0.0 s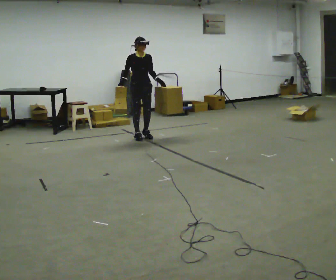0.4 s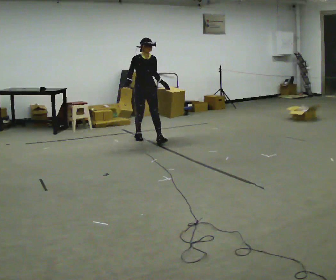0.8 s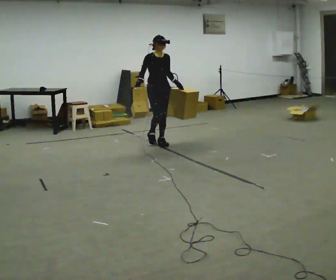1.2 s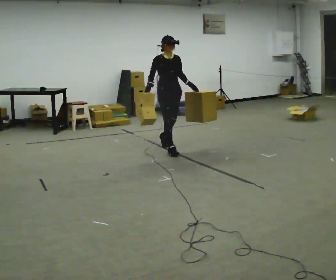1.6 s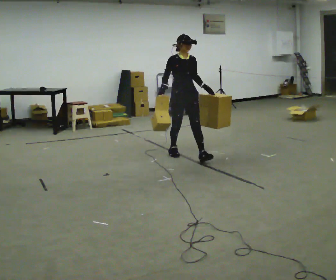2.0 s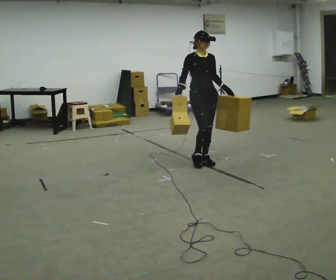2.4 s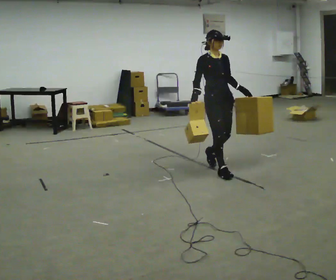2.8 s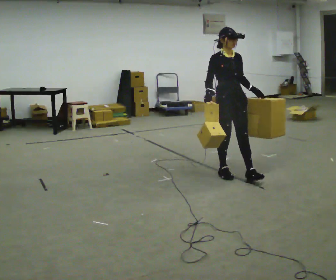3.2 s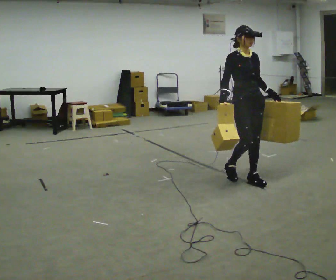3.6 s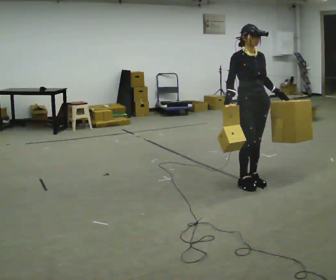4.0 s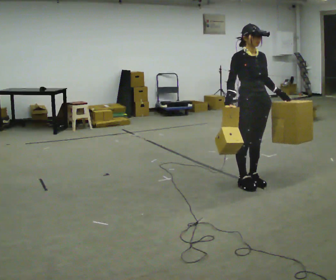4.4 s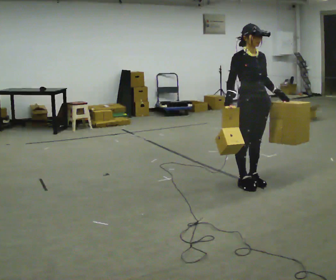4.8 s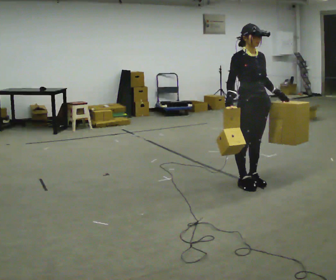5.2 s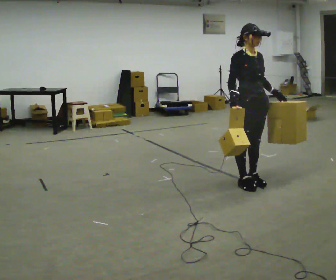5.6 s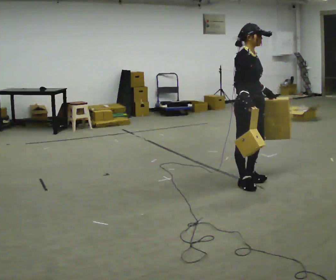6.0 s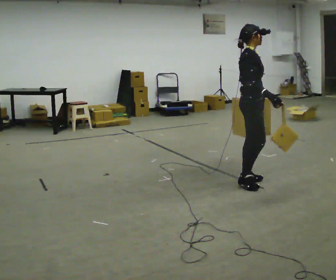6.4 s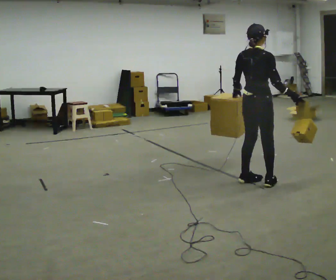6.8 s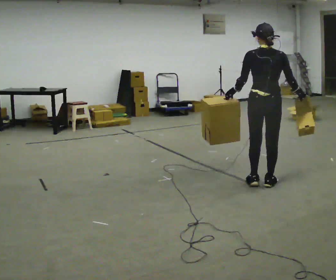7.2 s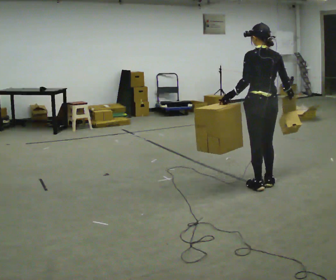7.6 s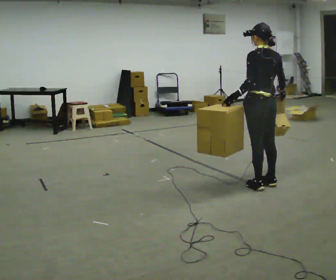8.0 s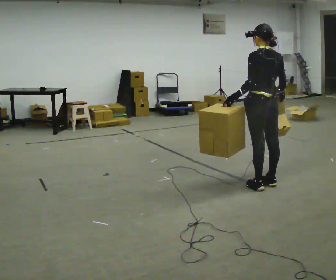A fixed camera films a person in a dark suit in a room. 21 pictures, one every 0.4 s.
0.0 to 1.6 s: In the picture they go toward the camera and to the right, about 1 m in 2 steps, which for them is forward.
1.6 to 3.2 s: In the picture they go toward the camera and to the right, about 1 m in 3 steps, which for them is forward.
3.2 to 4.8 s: The person moves a little, or ends about where they began.
4.8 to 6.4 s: The person turns about 105 degrees to their left, counterclockwise seen from above, so the part of the body nearest the lens slides to the right. In the picture their right hand goes to the right, the arm swinging counterclockwise.
6.4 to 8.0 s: The part of the body nearest the lens slides to the right as the person turns to their left by about 75 degrees.
The film runs forward here.
